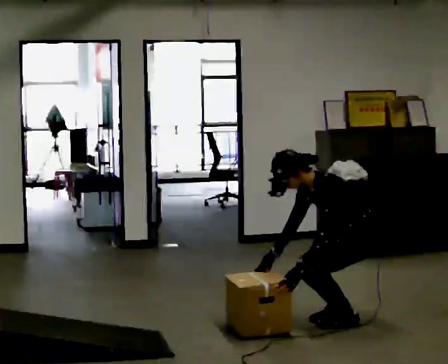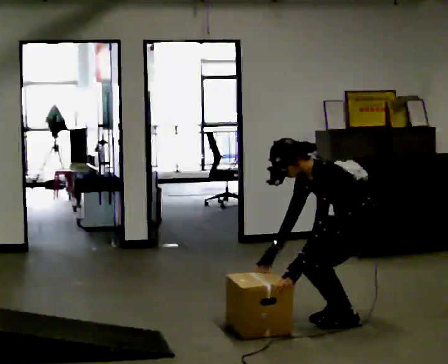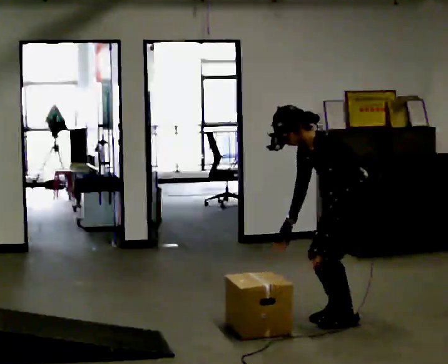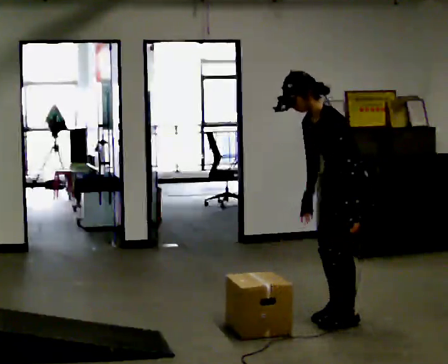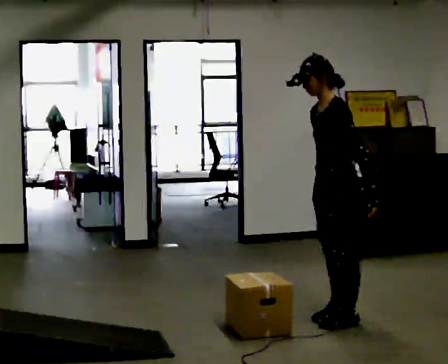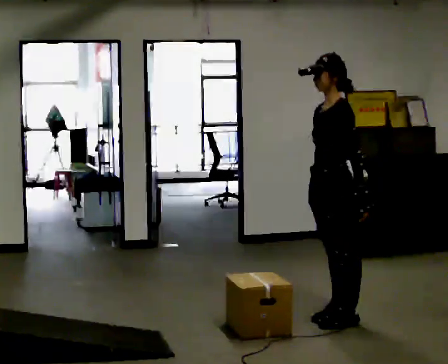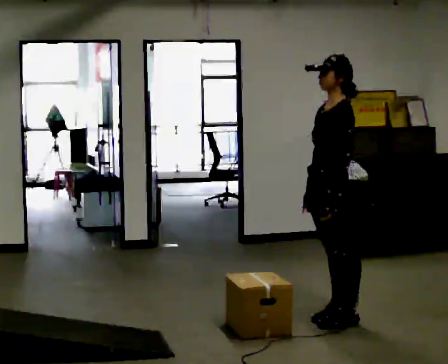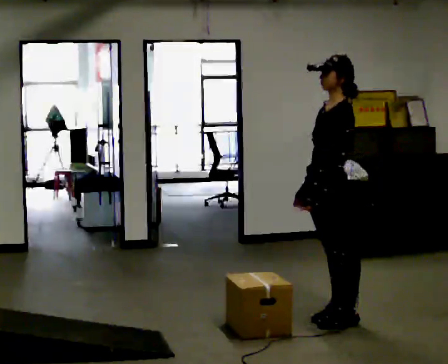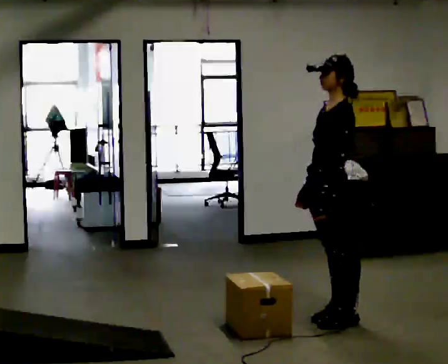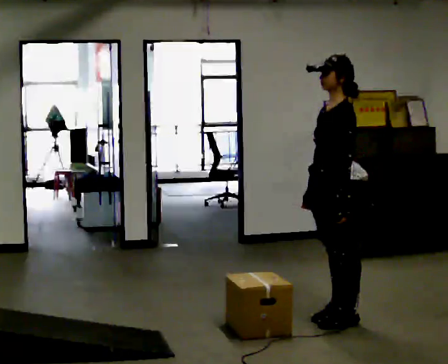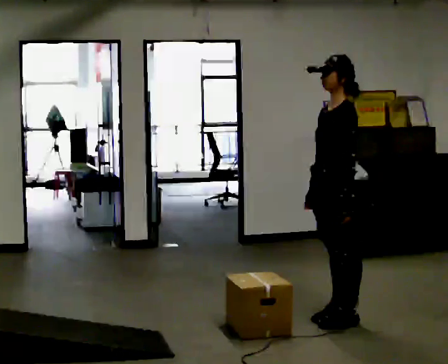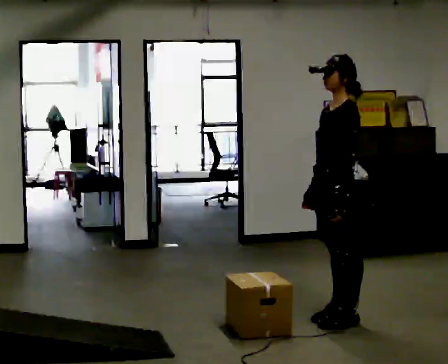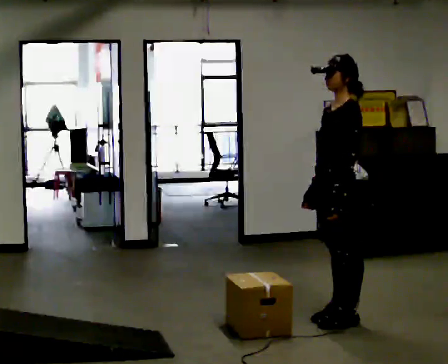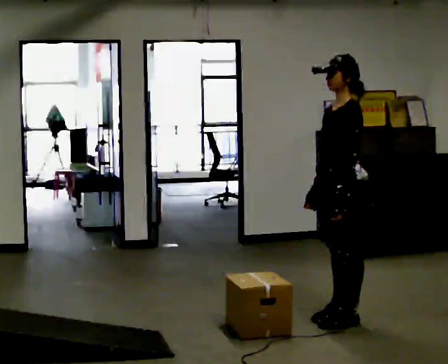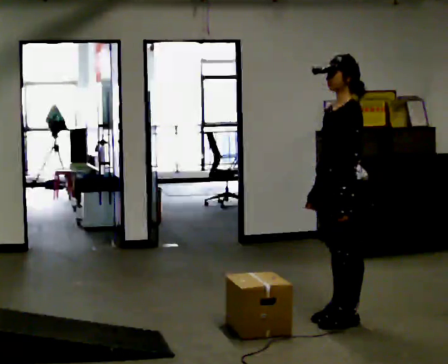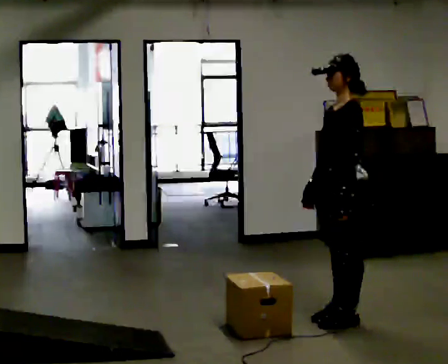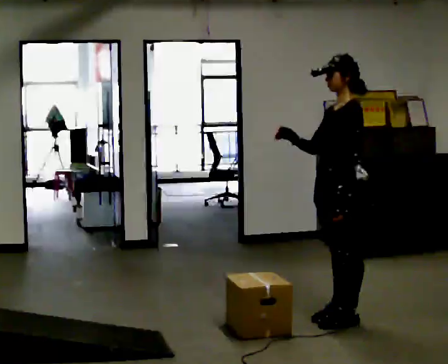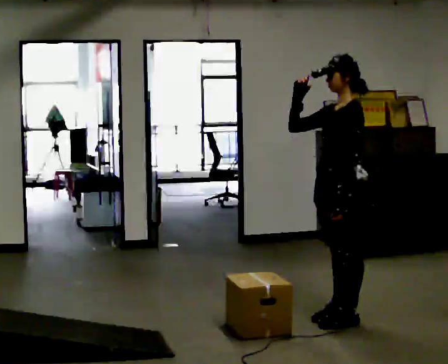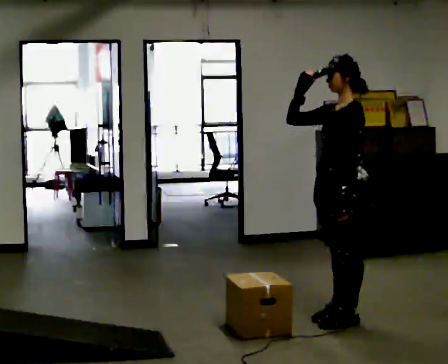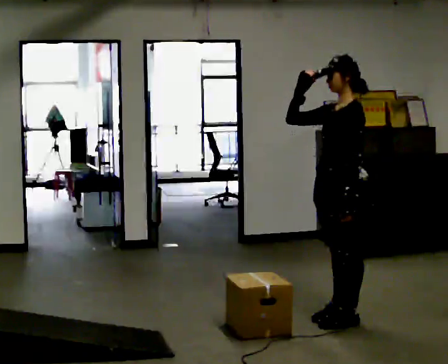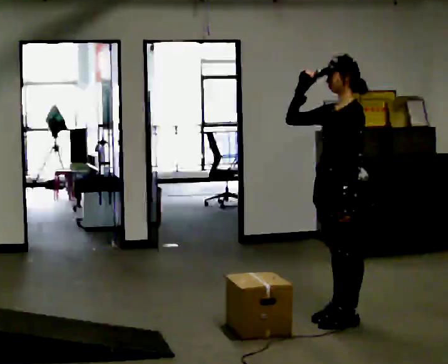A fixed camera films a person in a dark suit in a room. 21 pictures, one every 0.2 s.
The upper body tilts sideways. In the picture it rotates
clockwise.
Their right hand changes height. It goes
upward.
0.0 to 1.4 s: In the picture they go to the left, about 0.25 m, which for them is forward. The upper body goes upward. In the picture the upper body tilts clockwise, shoulders to the right, as they lean back or straighten. In the picture their right hand goes upward.
1.4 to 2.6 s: The person moves a little, or ends about where they began.
2.6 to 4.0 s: In the picture their right hand goes upward.
The film runs forward here.
